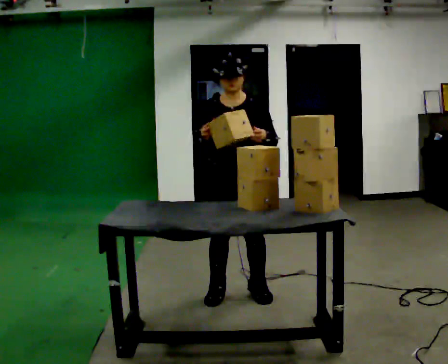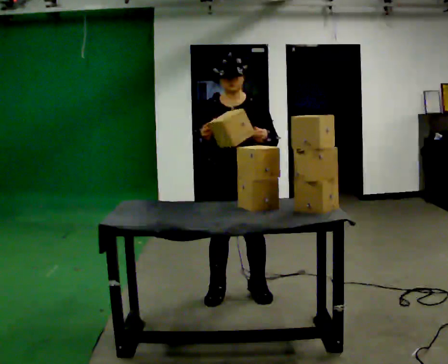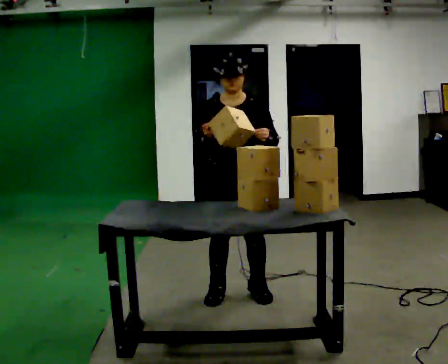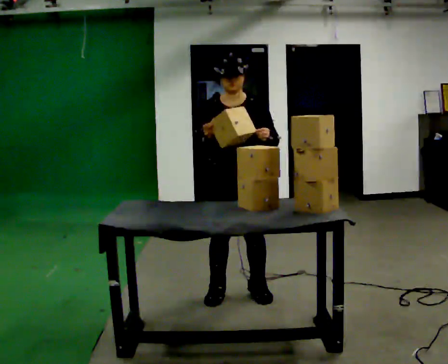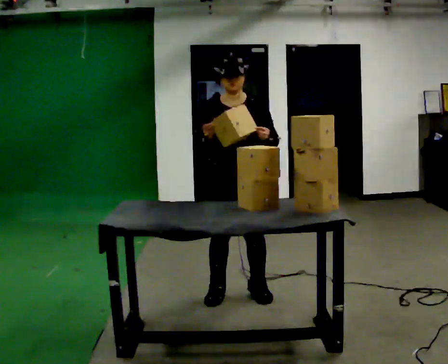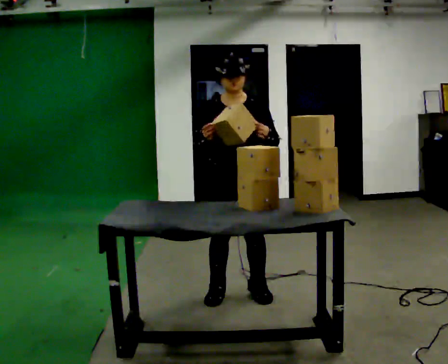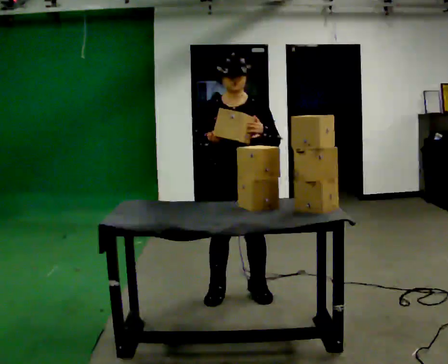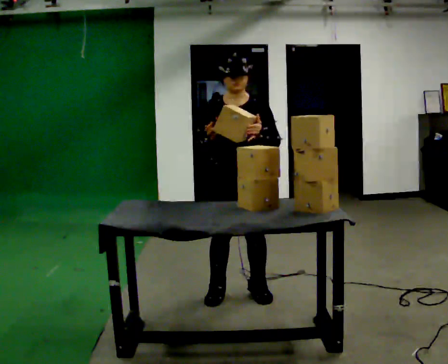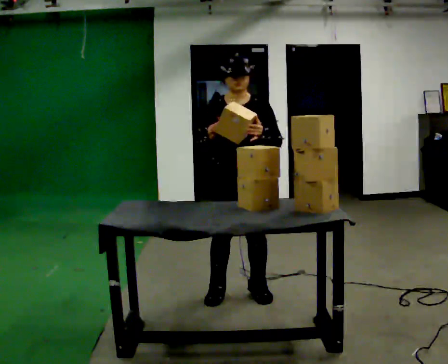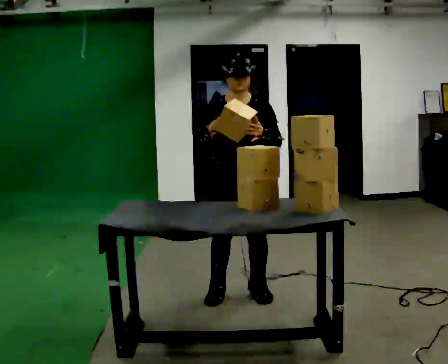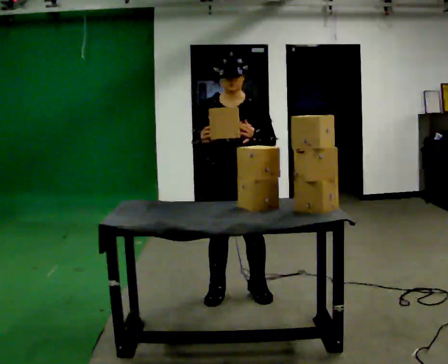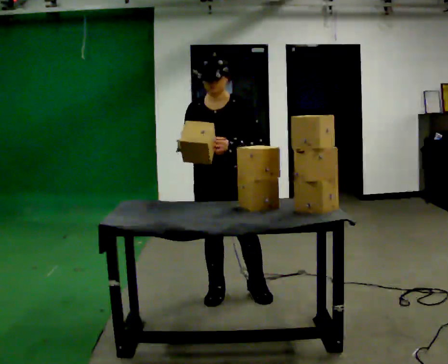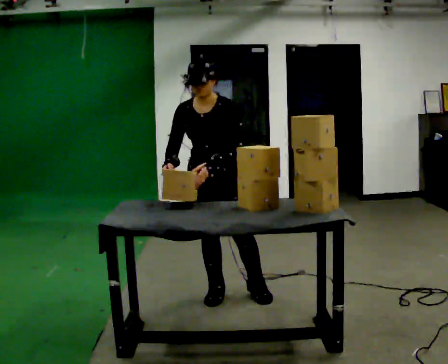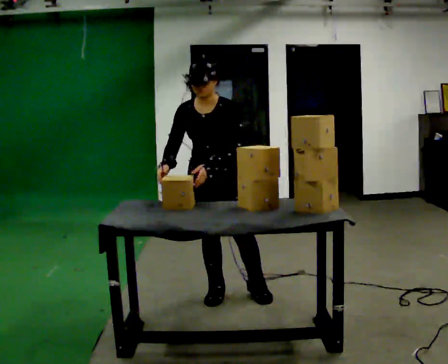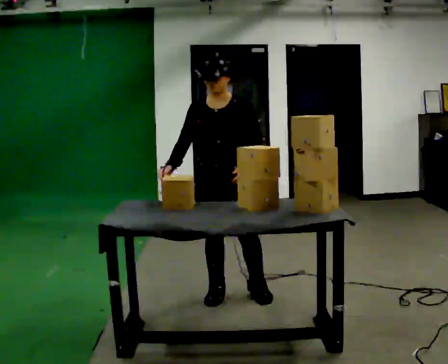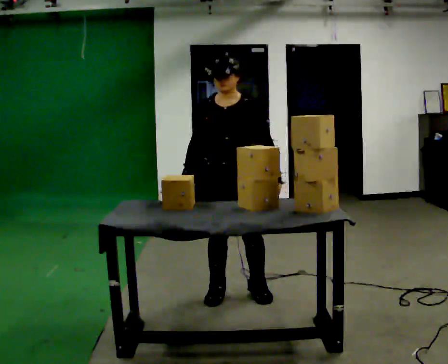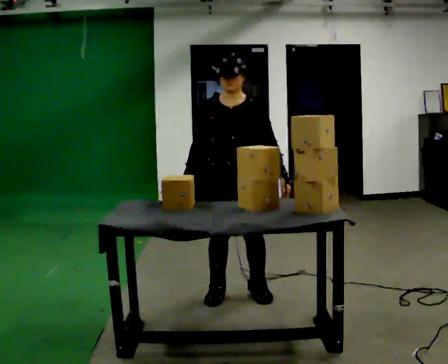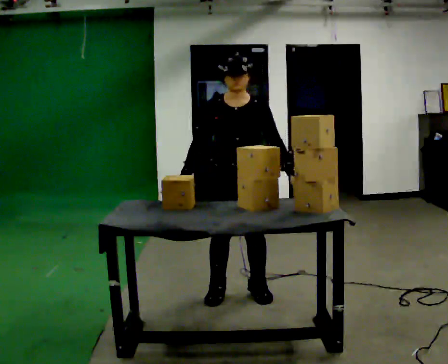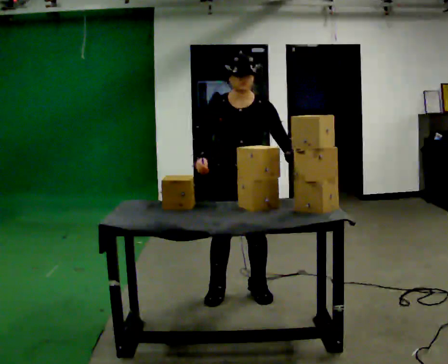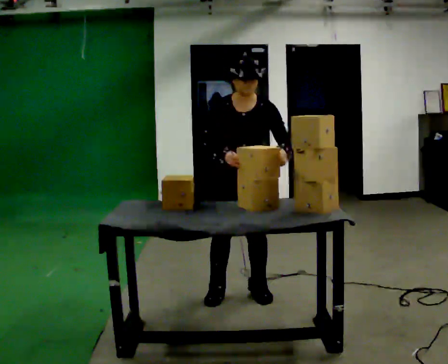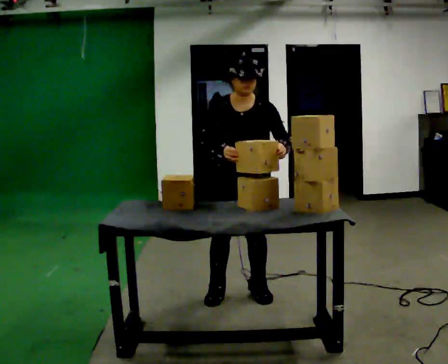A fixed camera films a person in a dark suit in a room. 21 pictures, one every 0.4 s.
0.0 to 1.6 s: The person keeps their place and pose.
1.6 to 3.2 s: The person moves a little, or ends about where they began.
3.2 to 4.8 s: In the picture they go to the left, about 0.25 m, which for them is to their right. In the picture their left hand goes to the left.
4.8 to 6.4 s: In the picture their left hand goes to the right.
6.4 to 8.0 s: The upper body tips toward the camera, its near side rolling downward, as they bend forward.
The film runs backward here.
